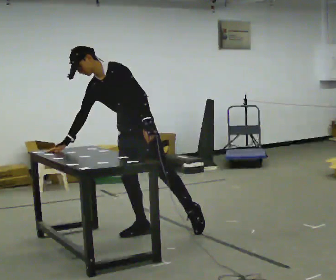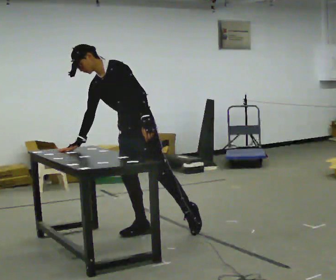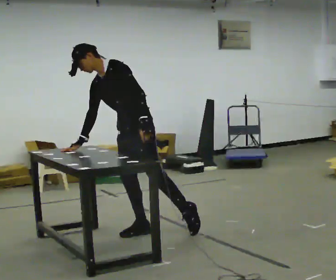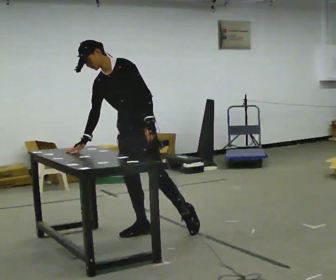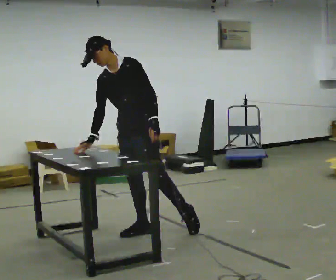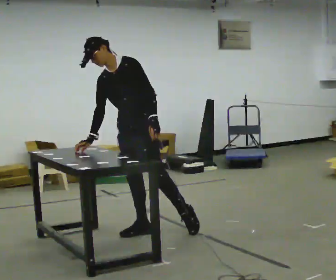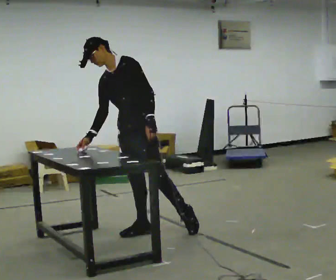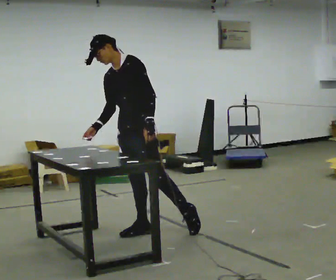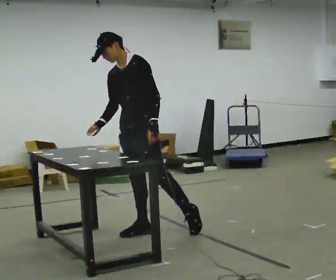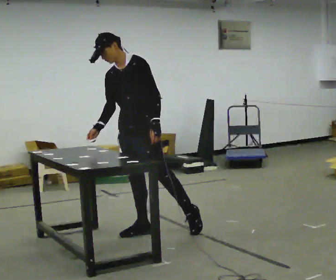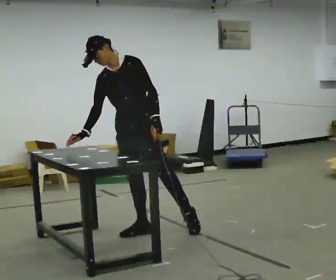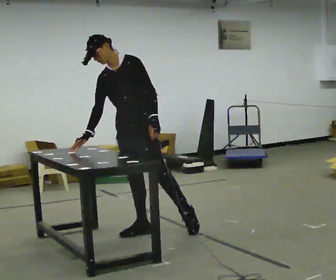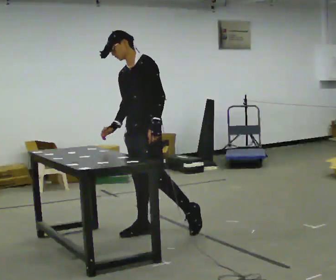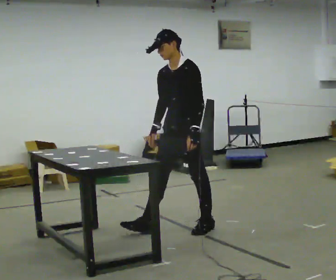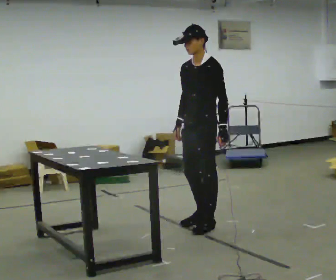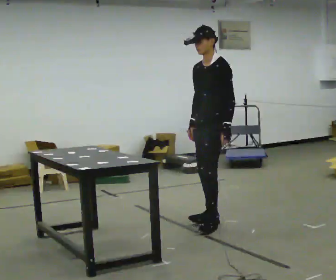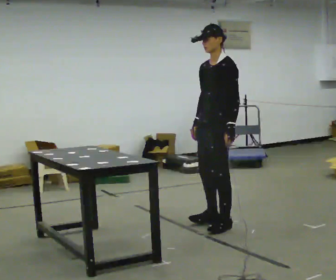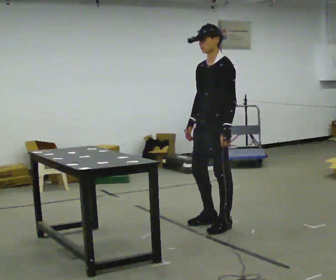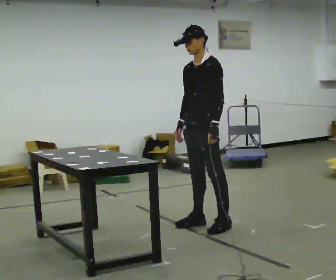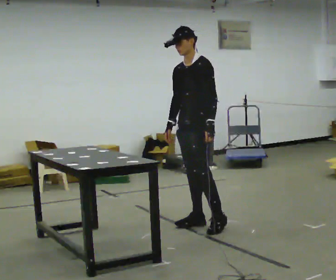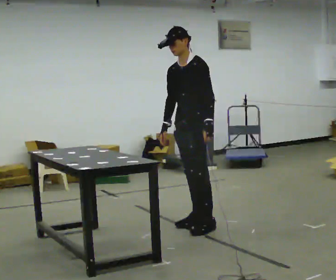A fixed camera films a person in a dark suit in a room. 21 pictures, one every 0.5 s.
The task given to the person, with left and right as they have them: Touch each numbered target on the board in front of you in the order the operator calls. Keep both feet on the marked spots for the whole take. If you have to step, stop and tell the operator.
0.0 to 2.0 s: In the picture the upper body tilts clockwise, shoulders to the right, as they lean back or straighten.
2.0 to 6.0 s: The person moves a little, or ends about where they began.
6.0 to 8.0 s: In the picture they go to the right, about 0.5 m in 2 steps, which for them is backward and to their left.
8.0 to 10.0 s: In the picture they go to the left, about 0.25 m, which for them is to their right and forward.
The film runs forward here.
